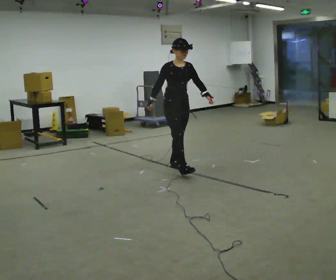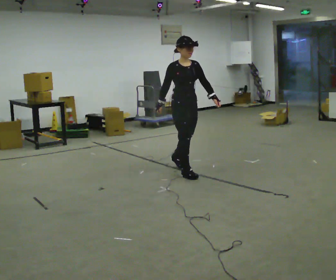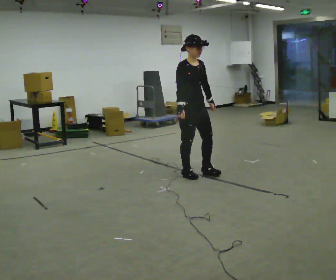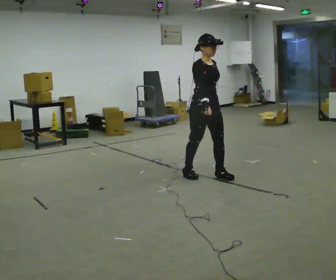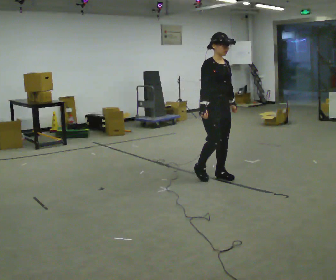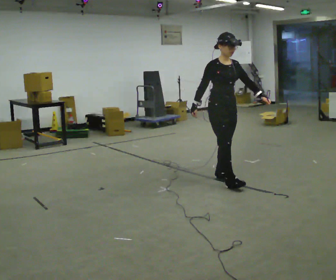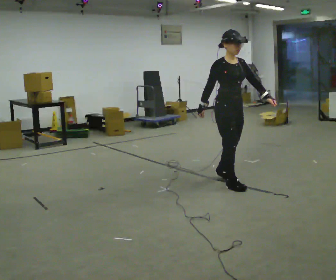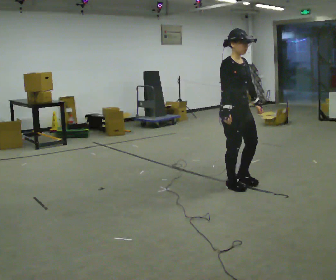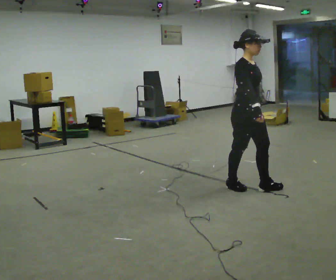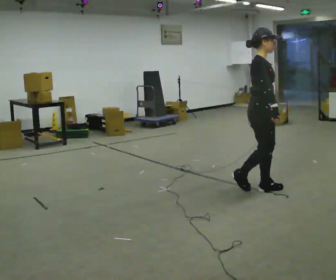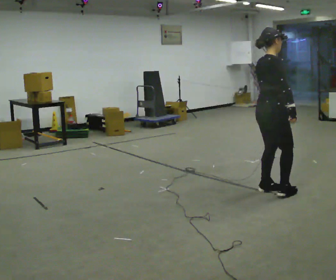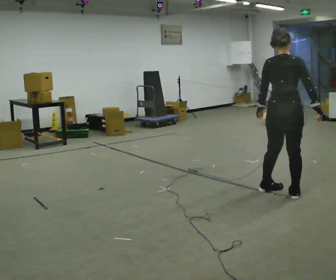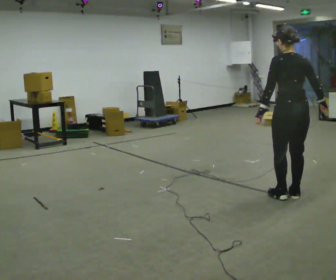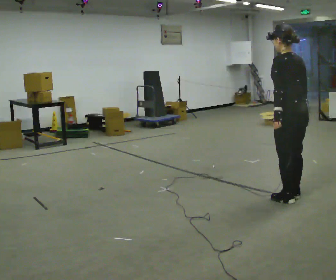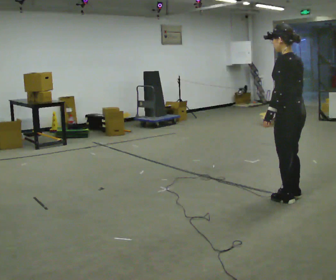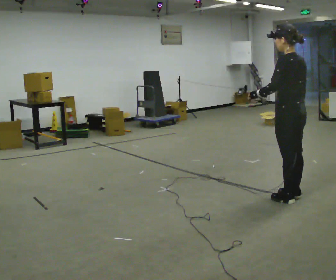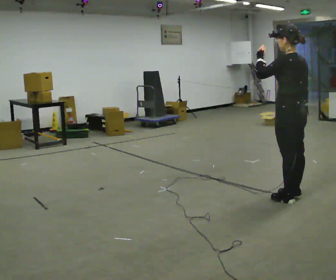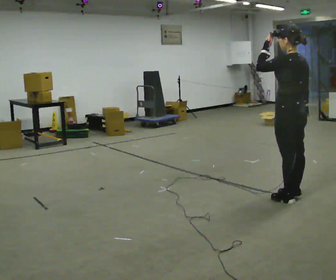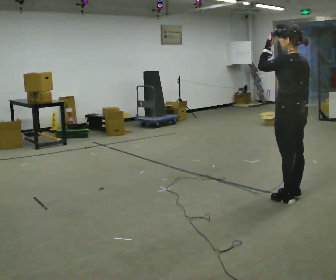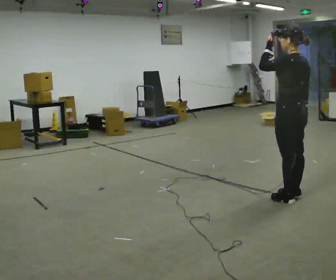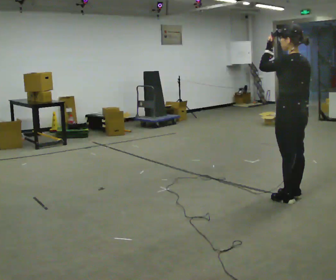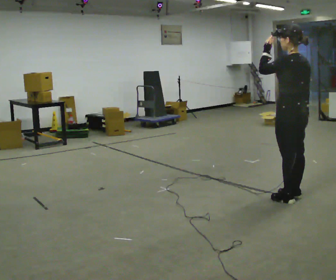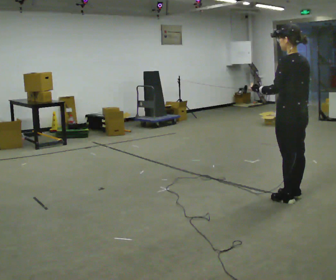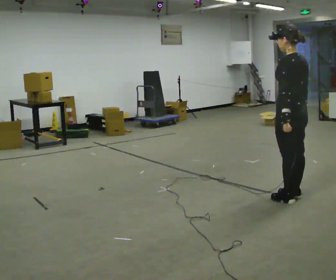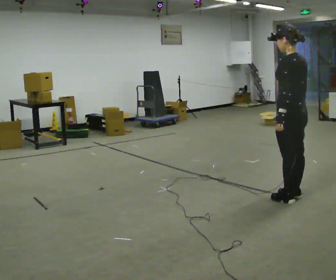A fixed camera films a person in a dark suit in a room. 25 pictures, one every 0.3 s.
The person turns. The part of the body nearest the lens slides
to the right.
The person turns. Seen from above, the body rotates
counterclockwise.
0.0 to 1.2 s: In the picture they go to the right and toward the camera, about 0.5 m in 2 steps, which for them is forward.
1.2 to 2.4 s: In the picture they go toward the camera and to the right, about 0.5 m in 2 steps, which for them is forward.
2.4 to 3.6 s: The person turns about 135 degrees to their left, counterclockwise seen from above, so the part of the body nearest the lens slides to the right. In the picture they go to the right and toward the camera, about 0.5 m in 1 step.
3.6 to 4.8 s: The part of the body nearest the lens slides to the right as the person turns to their left by about 30 degrees. In the picture their left hand goes upward.
4.8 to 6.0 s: The person moves a little, or ends about where they began.
6.0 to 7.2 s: In the picture their left hand goes downward.
The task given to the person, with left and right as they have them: Walk forward with your feet closer together than normal, or further apart than normal, as the operator states; stop.
The film runs forward here.
